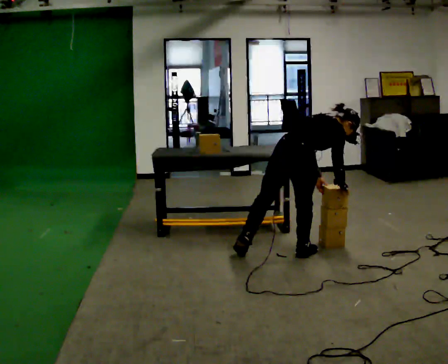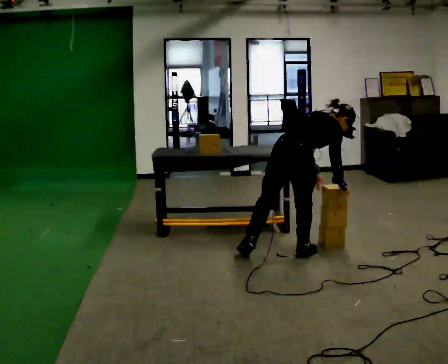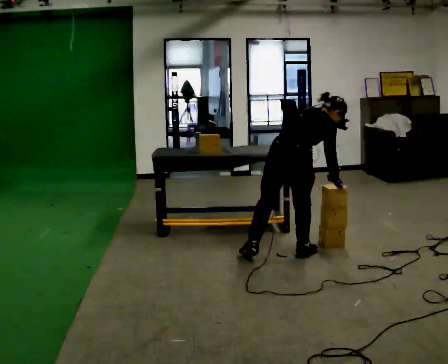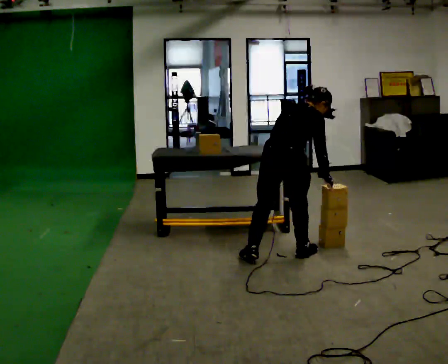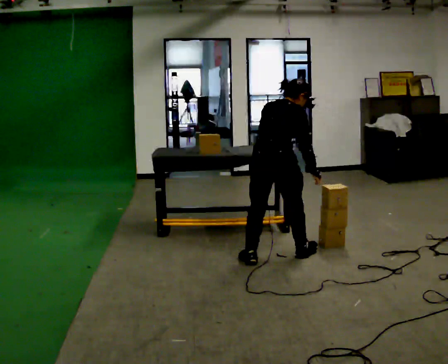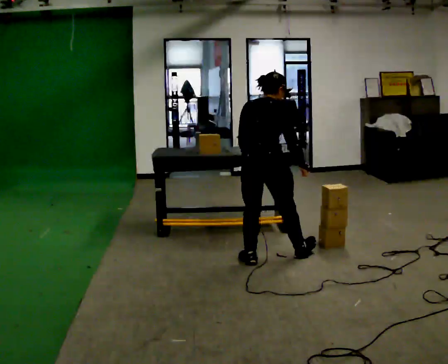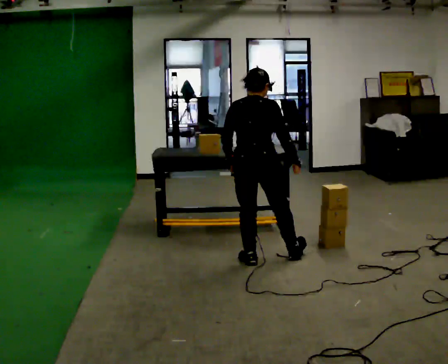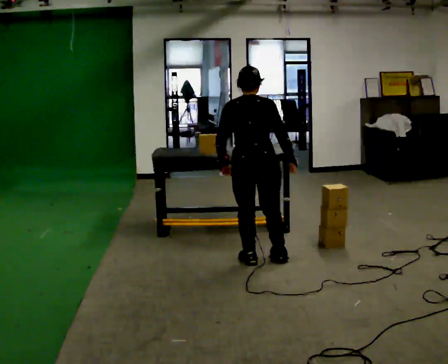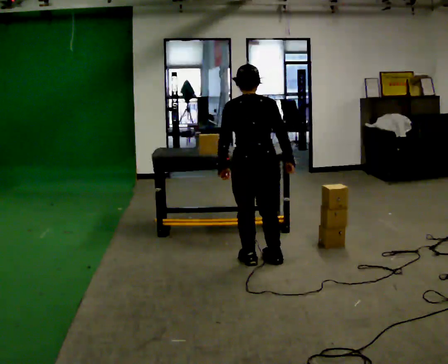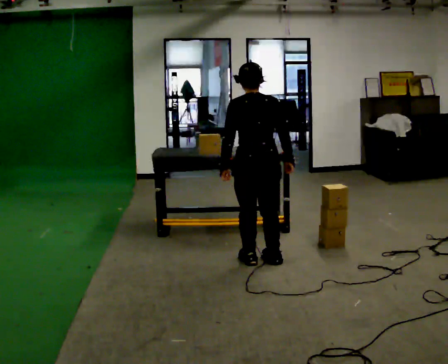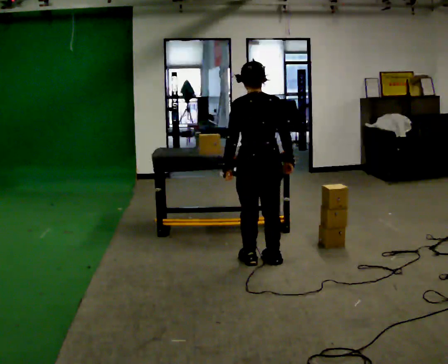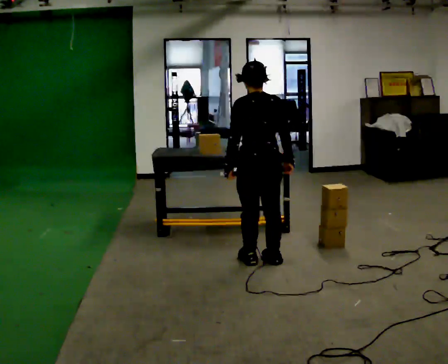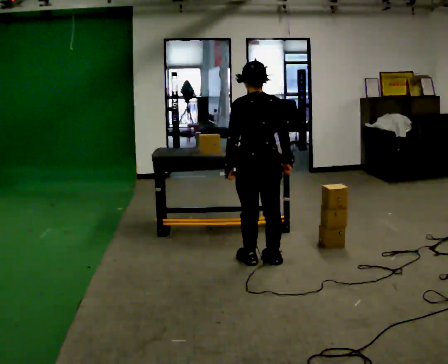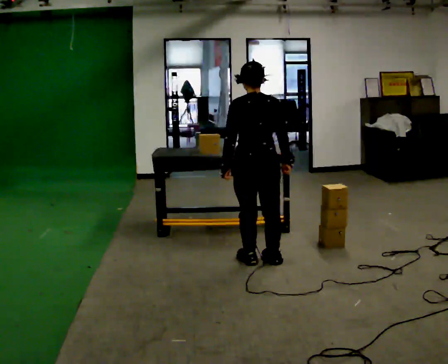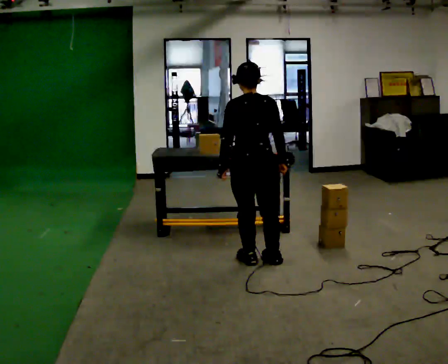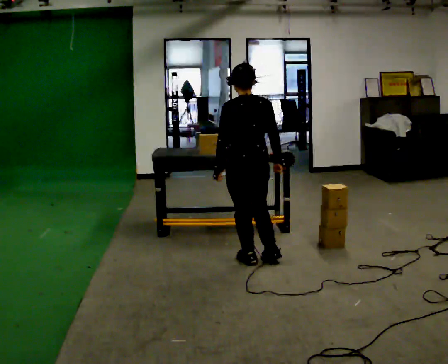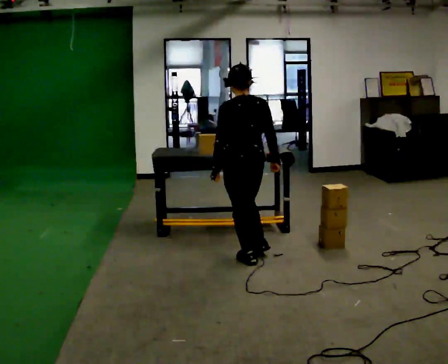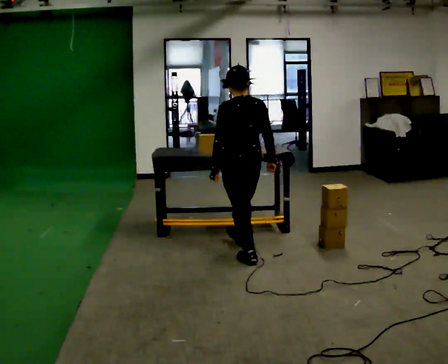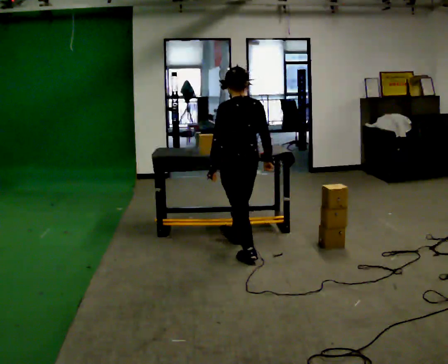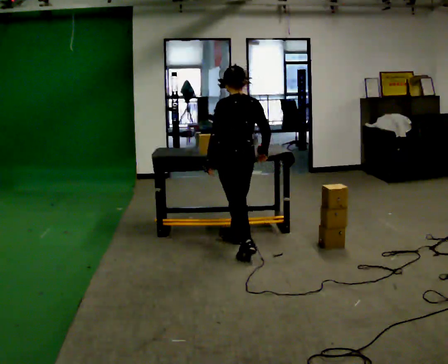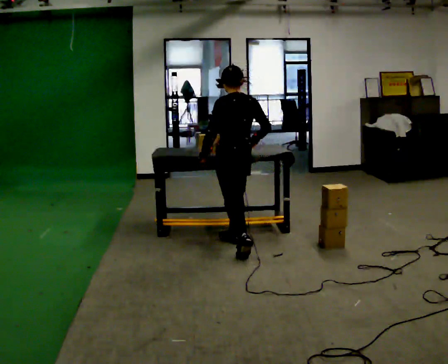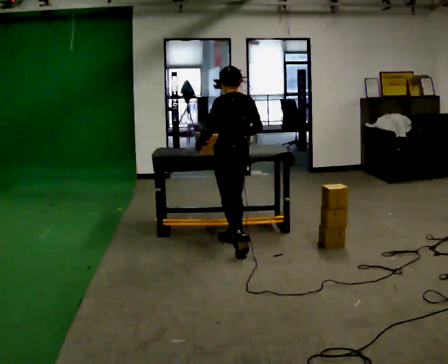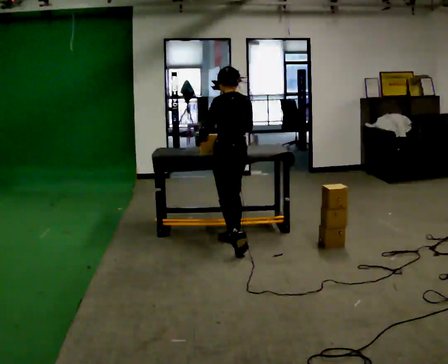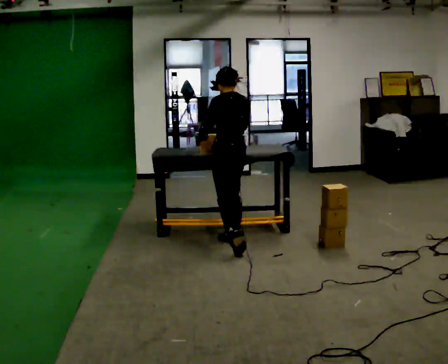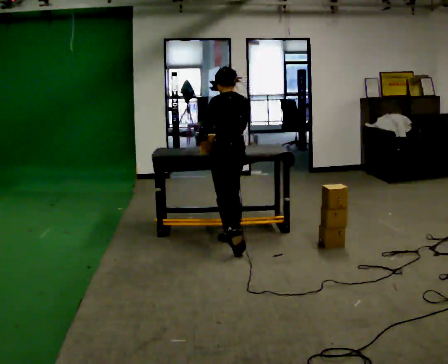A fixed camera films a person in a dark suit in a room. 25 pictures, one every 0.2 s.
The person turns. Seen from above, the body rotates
counterclockwise.
The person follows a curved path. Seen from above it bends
clockwise.
0.0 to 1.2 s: The part of the body nearest the lens slides to the right as the person turns to their left by about 30 degrees. In the picture they go to the left, about 0.25 m, which for them is to their left and backward. In the picture the upper body tilts counterclockwise, shoulders to the left, as they lean back or straighten.
1.2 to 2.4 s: Seen from above the body turns counterclockwise, about 30 degrees: to their left, with its near side sliding to the right.
2.4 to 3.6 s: In the picture they go away from the camera, about 0.25 m in 1 step, which for them is forward.
3.6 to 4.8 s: In the picture they go away from the camera, about 0.25 m, which for them is forward and to their right.
The film runs forward here.
